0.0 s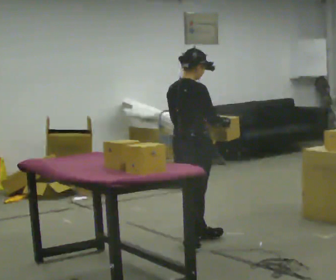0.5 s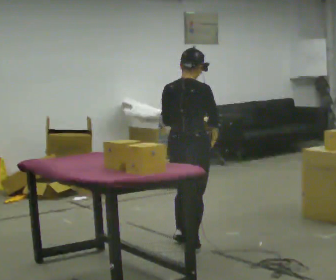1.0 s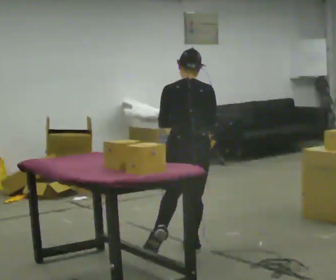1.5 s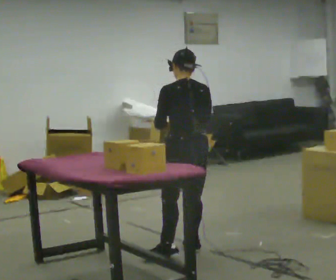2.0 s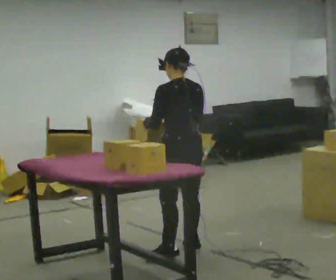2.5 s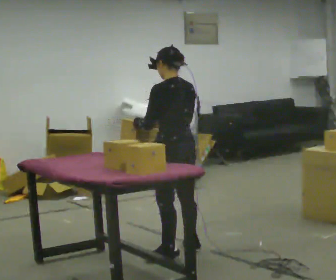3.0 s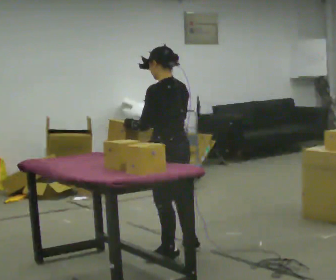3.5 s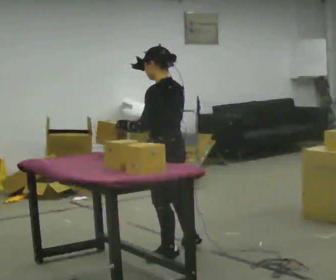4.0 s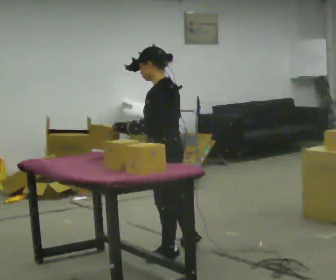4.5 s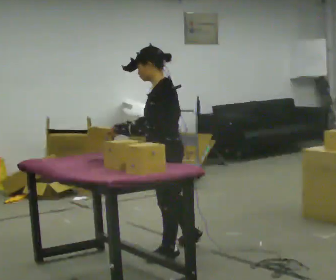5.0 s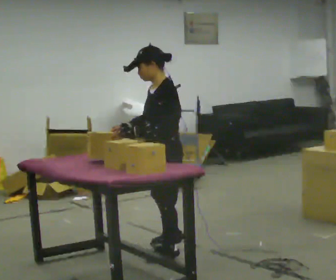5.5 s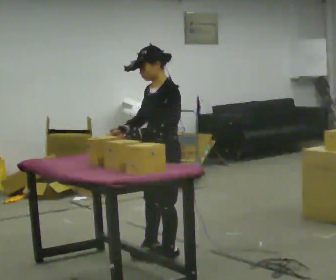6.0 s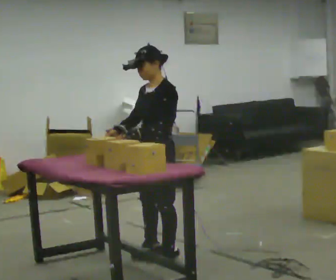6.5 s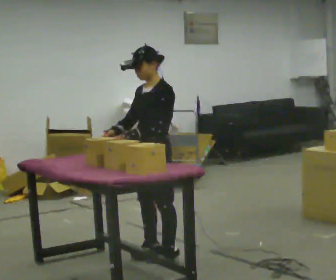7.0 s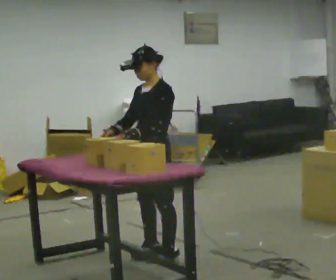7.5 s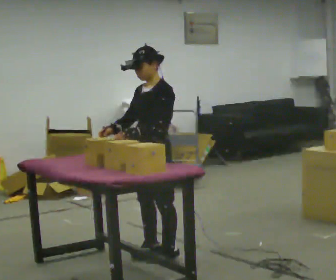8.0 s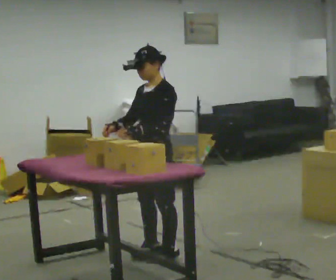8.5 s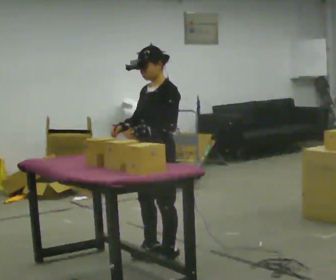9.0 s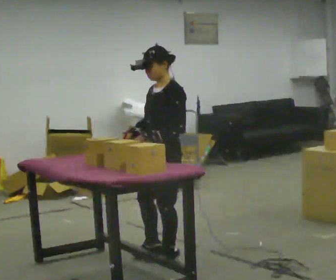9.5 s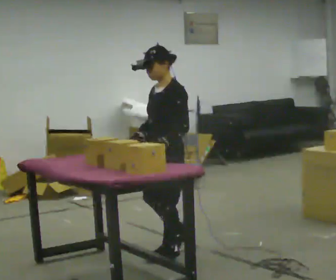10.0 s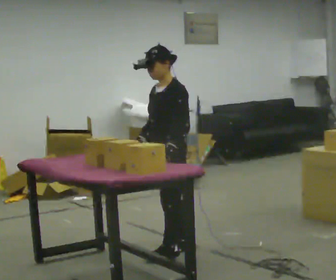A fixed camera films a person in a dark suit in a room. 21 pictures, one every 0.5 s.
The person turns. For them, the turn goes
to their left.
The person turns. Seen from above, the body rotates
counterclockwise.
0.0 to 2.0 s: The part of the body nearest the lens slides to the right as the person turns to their left by about 75 degrees. In the picture their right hand goes to the left.
2.0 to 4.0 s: The part of the body nearest the lens slides to the right as the person turns to their left by about 45 degrees. In the picture their right hand goes to the left.
4.0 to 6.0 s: Seen from above the body turns counterclockwise, about 45 degrees: to their left, with its near side sliding to the right.
6.0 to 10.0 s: The person moves a little, or ends about where they began.
The film runs backward here.
